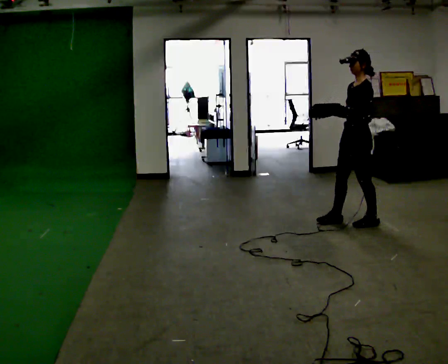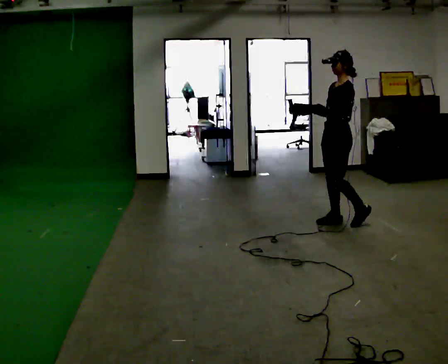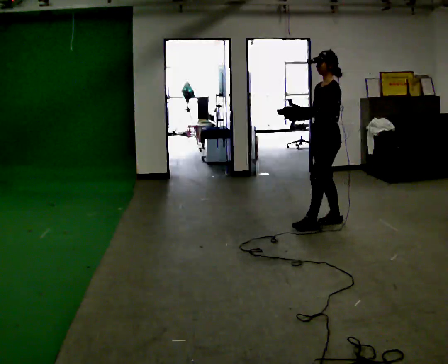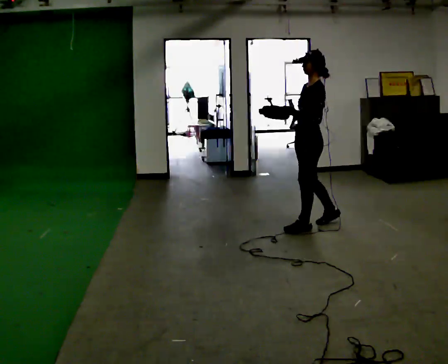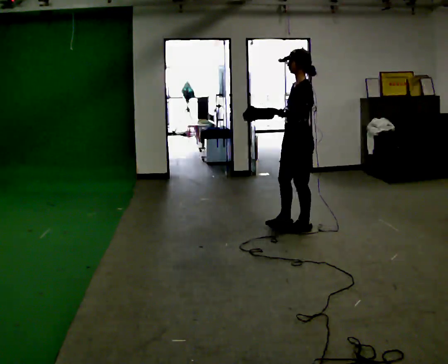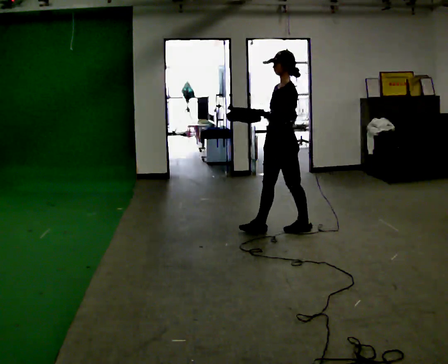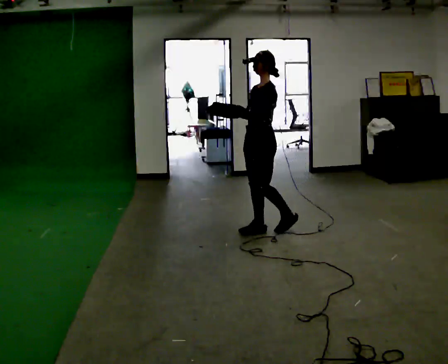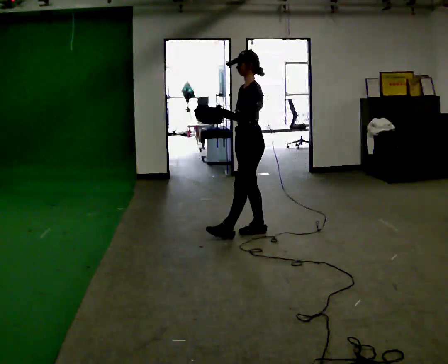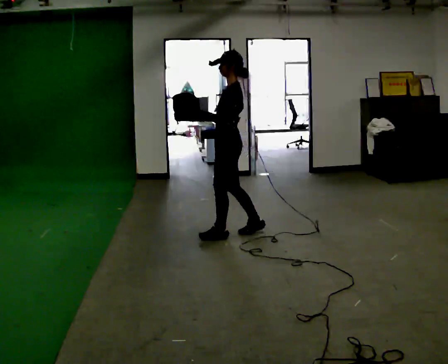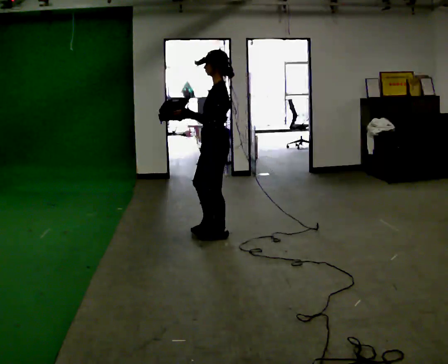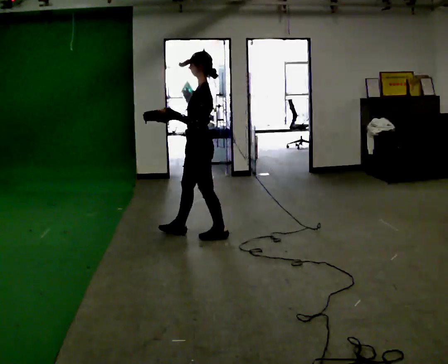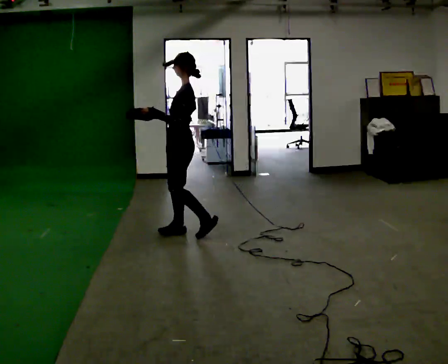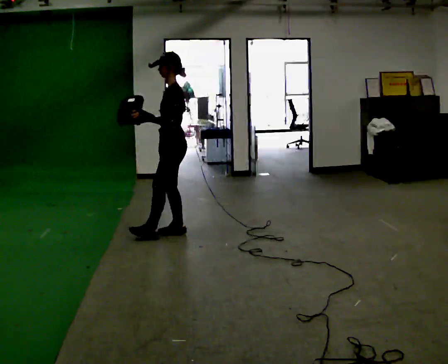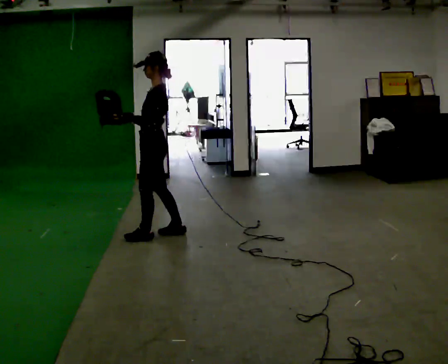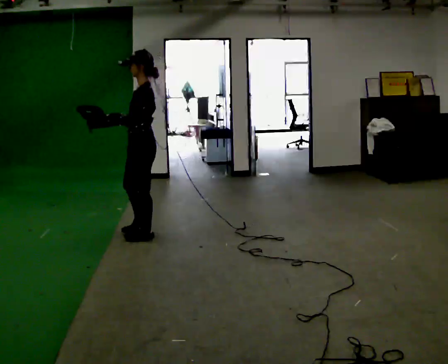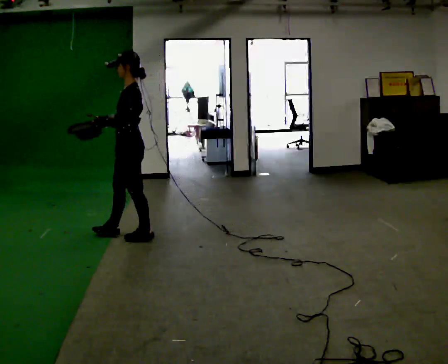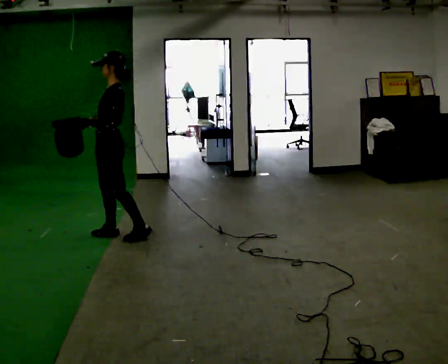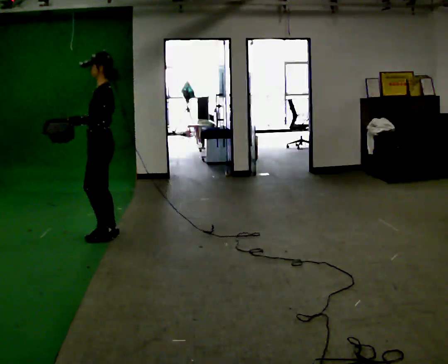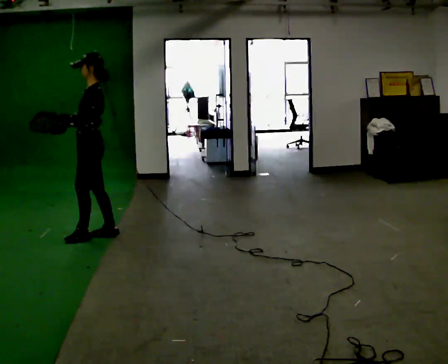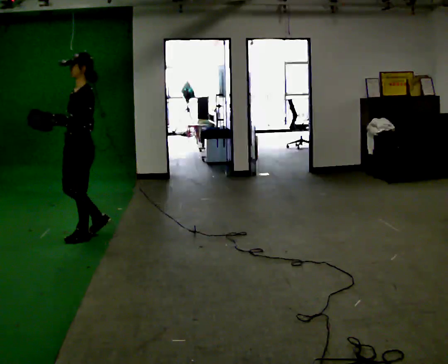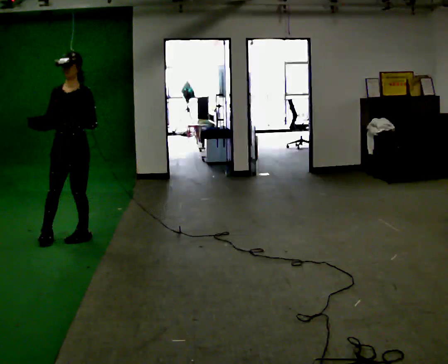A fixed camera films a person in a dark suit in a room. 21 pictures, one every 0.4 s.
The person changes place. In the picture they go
to the left.
0.0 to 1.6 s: The person turns about 30 degrees to their right, clockwise seen from above, so the part of the body nearest the lens slides to the left. In the picture they go to the left, about 0.5 m in 1 step, which for them is to their right and forward.
1.6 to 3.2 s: In the picture they go to the left, about 0.5 m in 2 steps, which for them is to their right.
3.2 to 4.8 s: In the picture they go to the left, about 0.5 m in 1 step, which for them is to their right and forward.
4.8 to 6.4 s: In the picture they go to the left, about 0.5 m in 2 steps, which for them is forward and to their right.
6.4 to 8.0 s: The person turns about 60 degrees to their left, counterclockwise seen from above, so the part of the body nearest the lens slides to the right. In the picture they go to the left and toward the camera, about 0.5 m in 1 step, which for them is forward and to their right.
The film runs forward here.
